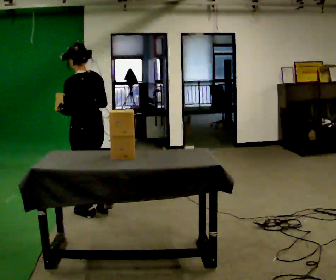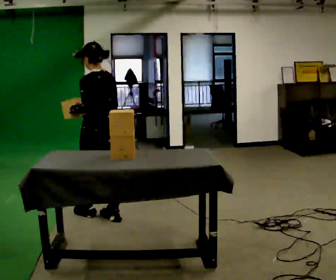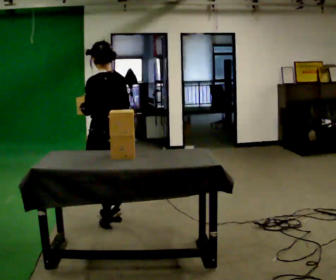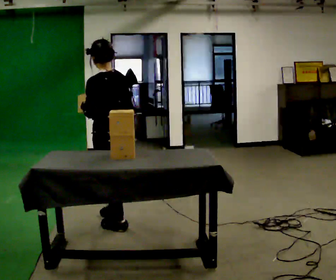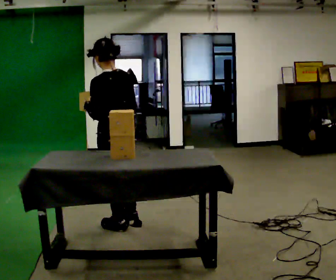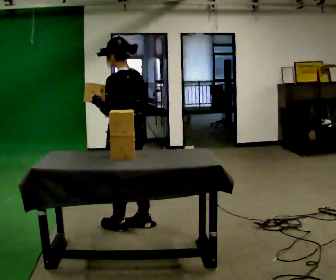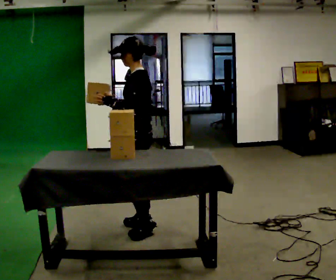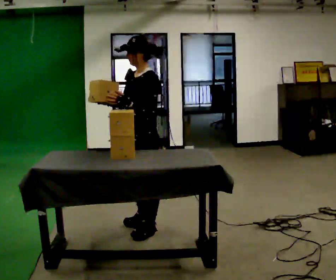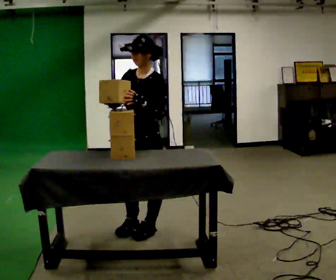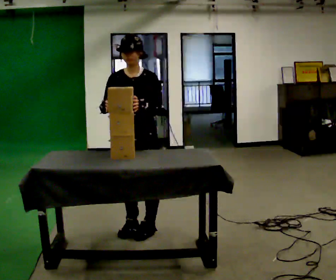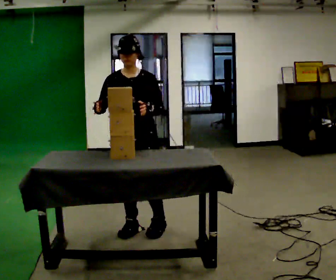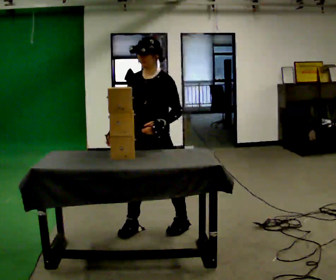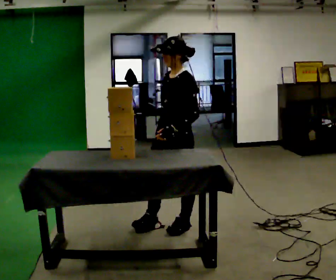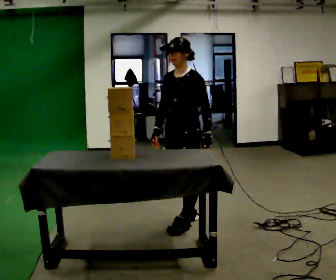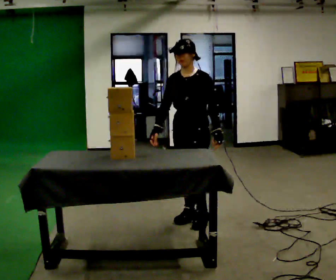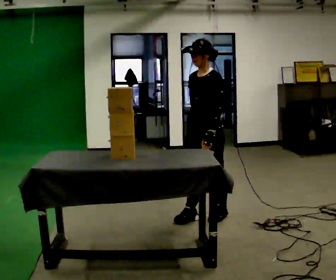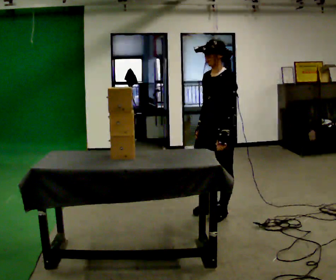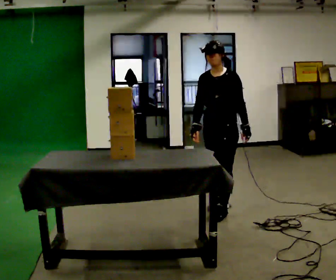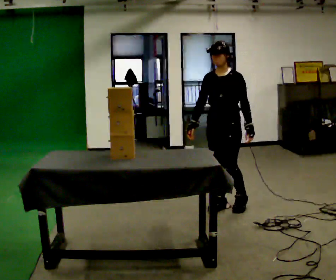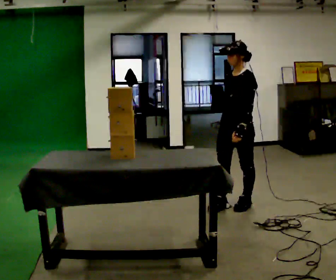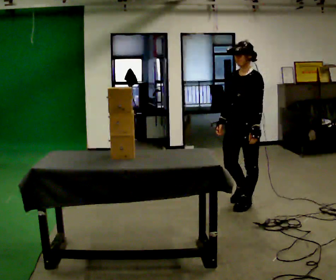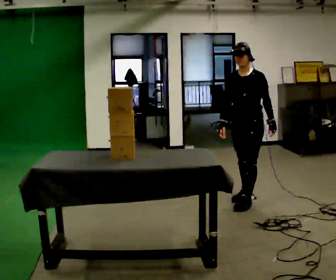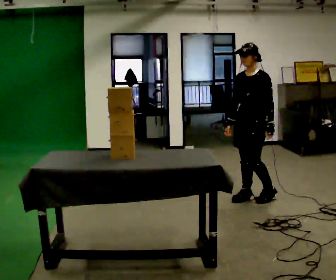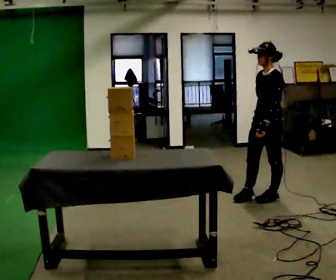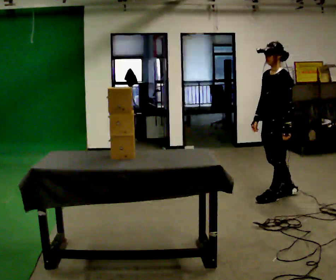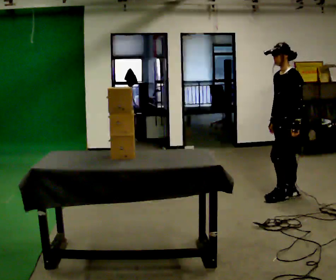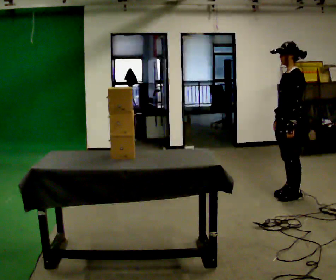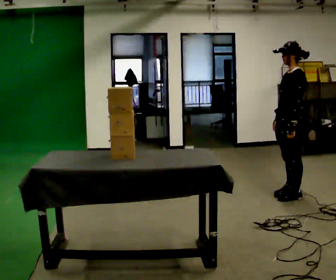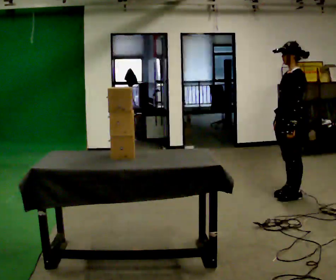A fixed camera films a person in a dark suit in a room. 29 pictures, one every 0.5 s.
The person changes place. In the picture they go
to the right.
0.0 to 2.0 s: In the picture they go toward the camera and to the right, about 0.5 m in 2 steps, which for them is backward.
2.0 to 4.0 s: The person turns about 90 degrees to their left, counterclockwise seen from above, so the part of the body nearest the lens slides to the right. In the picture they go to the right, about 0.25 m in 1 step.
4.0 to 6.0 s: In the picture they go to the right, about 0.25 m in 2 steps, which for them is to their left. In the picture their right hand goes downward.
6.0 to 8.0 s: In the picture they go to the right and away from the camera, about 0.5 m in 2 steps, which for them is backward.
8.0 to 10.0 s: In the picture they go to the right and away from the camera, about 0.5 m in 2 steps, which for them is backward.
10.0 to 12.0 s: In the picture they go to the right, about 0.5 m in 2 steps, which for them is backward and to their left.
12.0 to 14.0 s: The person moves a little, or ends about where they began.
The film runs backward here.
